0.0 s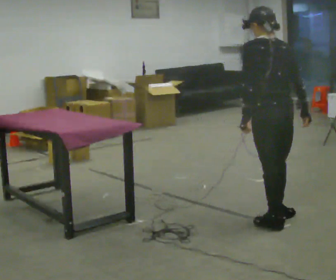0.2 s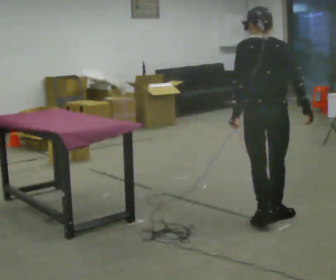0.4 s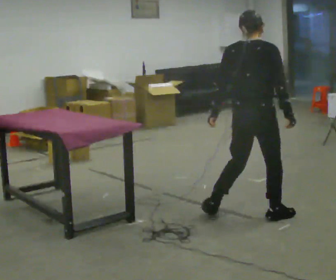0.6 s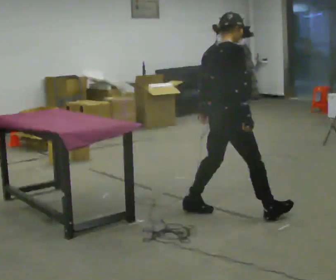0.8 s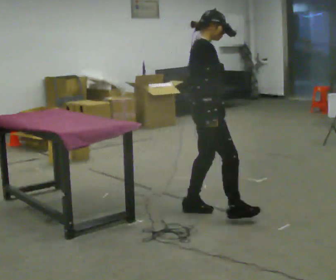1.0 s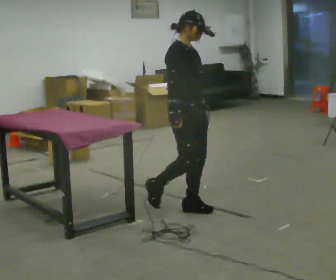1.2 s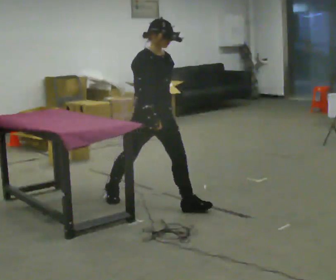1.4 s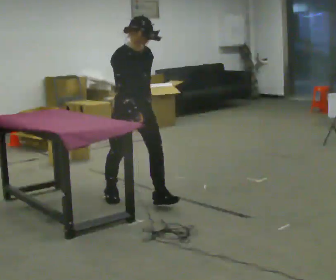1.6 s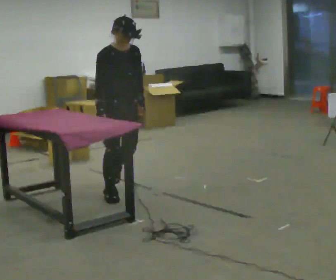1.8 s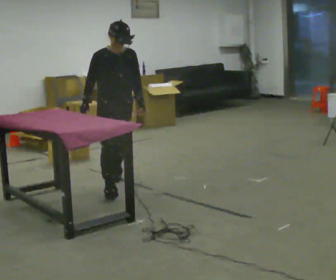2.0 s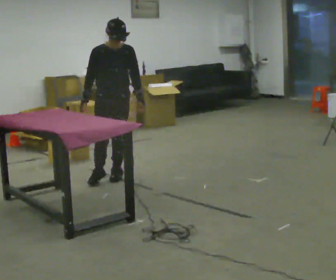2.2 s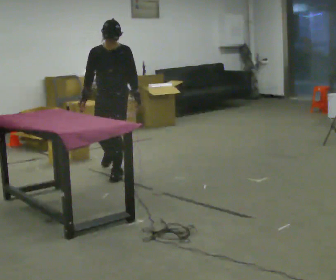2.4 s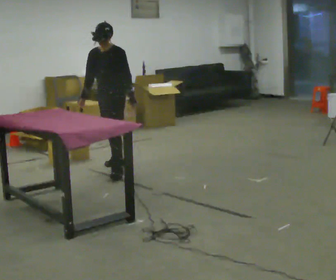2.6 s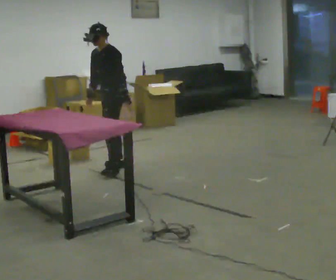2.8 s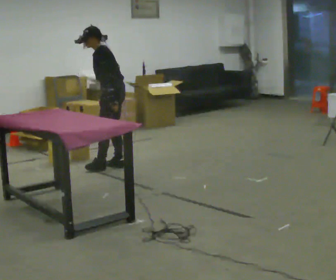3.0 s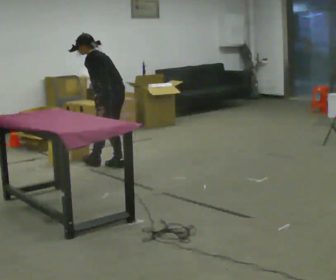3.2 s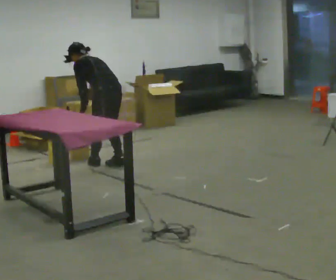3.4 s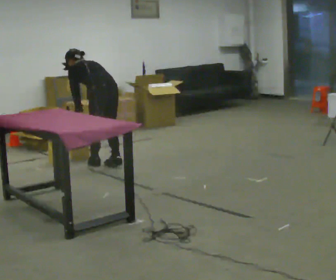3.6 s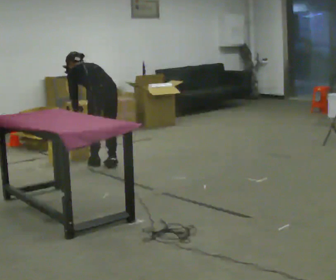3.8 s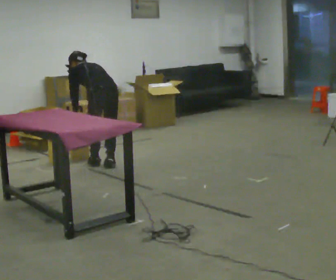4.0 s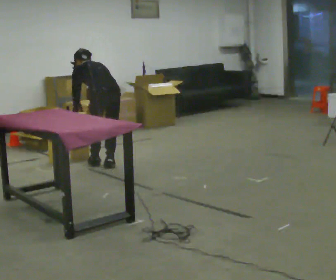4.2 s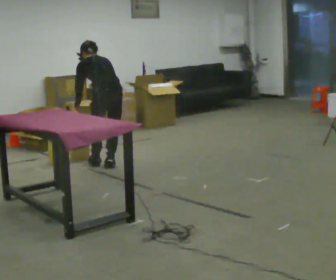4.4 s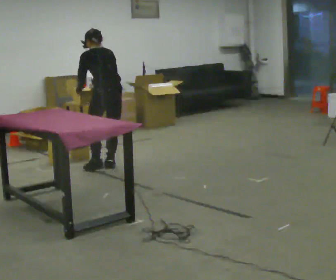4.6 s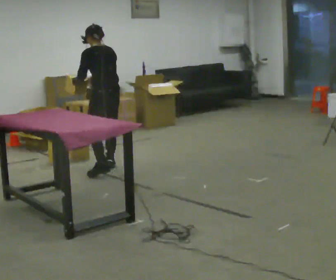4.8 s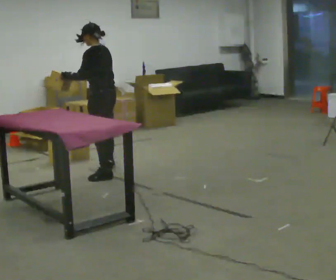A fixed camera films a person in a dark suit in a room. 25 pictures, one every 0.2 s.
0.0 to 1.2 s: The part of the body nearest the lens slides to the left as the person turns to their right by about 165 degrees. In the picture they go to the left and away from the camera, about 1 m in 2 steps.
1.2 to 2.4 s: Seen from above the body turns clockwise, about 75 degrees: to their right, with its near side sliding to the left. In the picture they go away from the camera, about 1 m in 2 steps.
2.4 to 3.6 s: Seen from above the body turns clockwise, about 105 degrees: to their right, with its near side sliding to the left. In the picture they go away from the camera, about 0.25 m in 1 step. The shoulders move downward. The upper body tips away from the camera, its near side rolling upward, as they bend forward. In the picture their left hand goes to the left.
3.6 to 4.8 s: The person turns about 30 degrees to their left, counterclockwise seen from above, so the part of the body nearest the lens slides to the right. In the picture they go toward the camera, about 0.25 m in 1 step, which for them is backward. The upper body goes upward. The upper body tips toward the camera, its near side rolling downward, as they lean back or straighten. In the picture their right hand goes upward.
The film runs backward here.
